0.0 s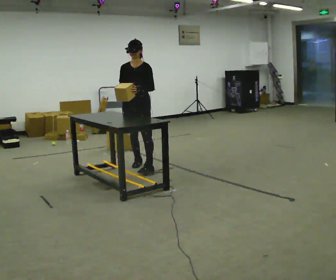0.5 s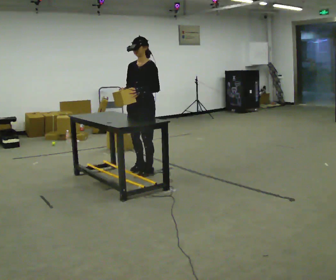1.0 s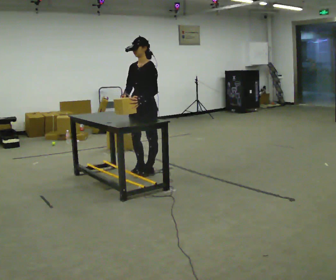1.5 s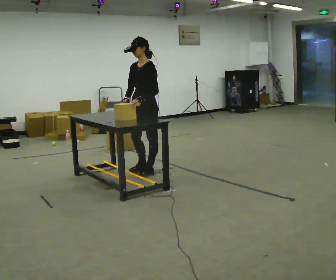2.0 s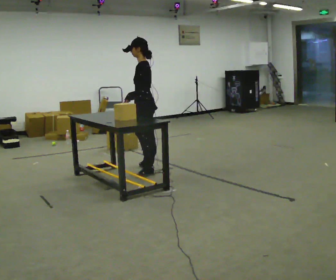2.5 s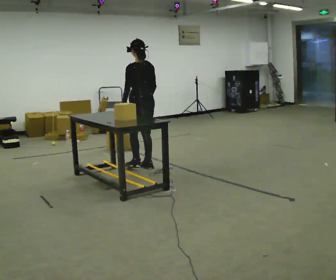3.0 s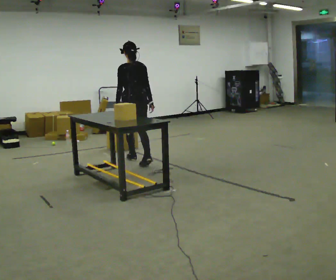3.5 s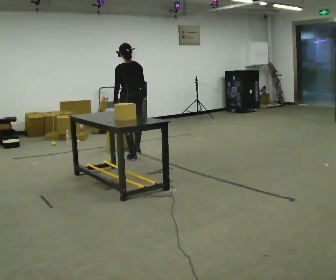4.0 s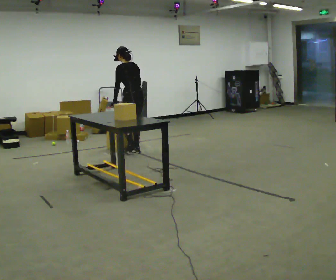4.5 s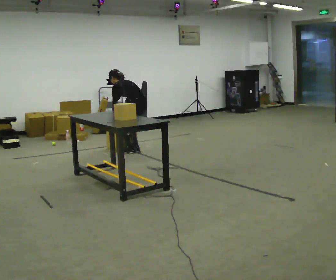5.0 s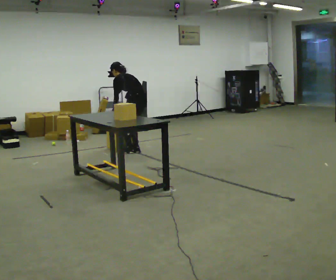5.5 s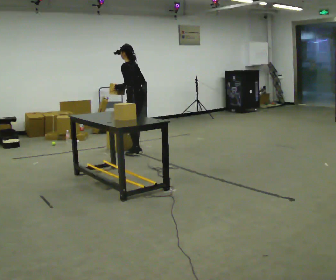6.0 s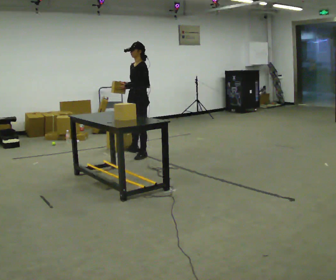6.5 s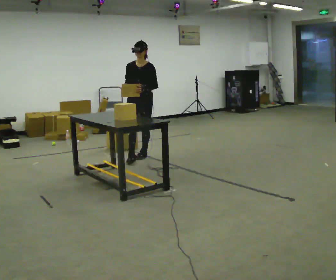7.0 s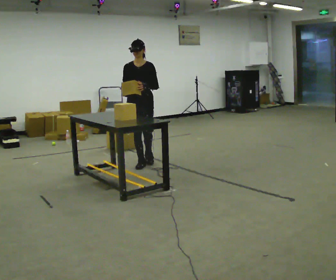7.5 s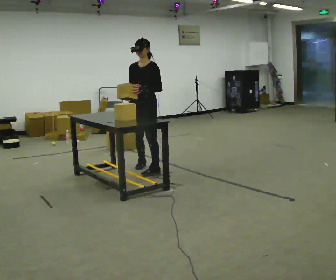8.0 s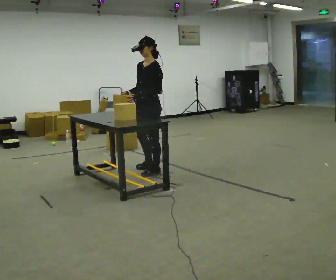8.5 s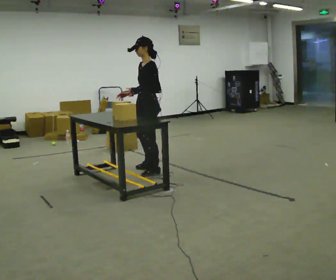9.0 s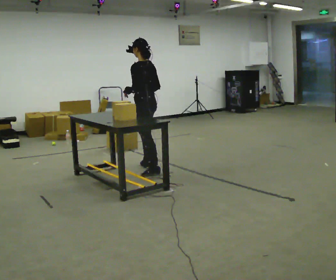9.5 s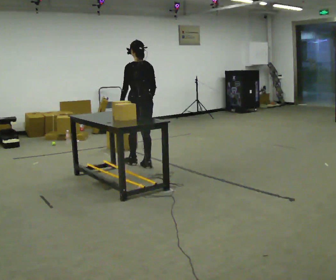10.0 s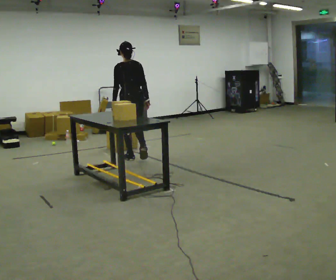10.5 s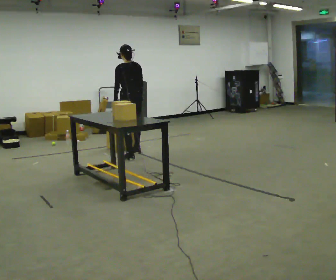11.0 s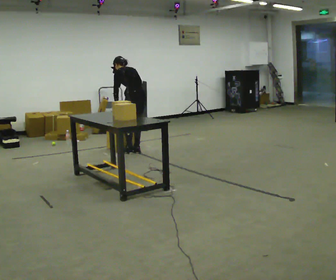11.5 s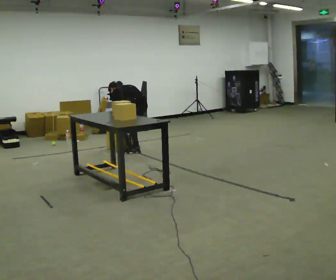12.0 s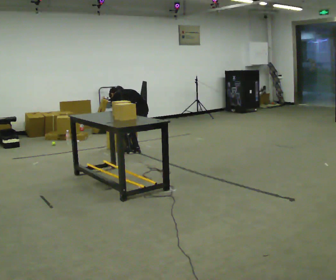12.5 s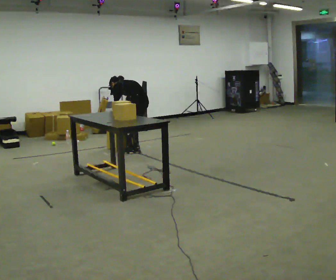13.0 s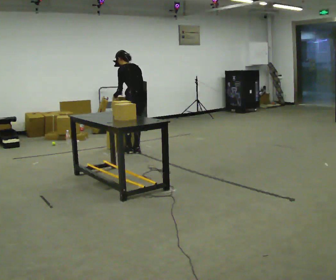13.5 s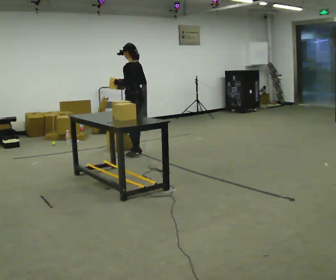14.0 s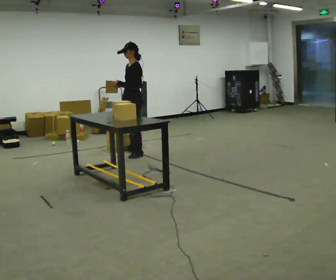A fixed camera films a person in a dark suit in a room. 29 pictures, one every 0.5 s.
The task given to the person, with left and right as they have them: Take objects out of the bin one at a time and lay them out on the table, stepping between the bin and the table each time. Keep going until the operator says stop; one object at a time, and do not rush between trips.
0.0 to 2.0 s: The person turns about 75 degrees to their right, clockwise seen from above, so the part of the body nearest the lens slides to the left. In the picture they go toward the camera, about 0.25 m in 3 steps.
2.0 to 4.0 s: The part of the body nearest the lens slides to the left as the person turns to their right by about 45 degrees. In the picture they go away from the camera, about 1 m in 2 steps.
4.0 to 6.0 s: The part of the body nearest the lens slides to the right as the person turns to their left by about 75 degrees. In the picture they go toward the camera, about 0.25 m in 2 steps.
6.0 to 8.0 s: In the picture they go toward the camera, about 1 m in 3 steps, which for them is forward.
8.0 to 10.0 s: The person turns about 105 degrees to their right, clockwise seen from above, so the part of the body nearest the lens slides to the left. In the picture they go away from the camera, about 0.5 m in 1 step.
10.0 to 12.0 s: In the picture they go away from the camera, about 0.5 m in 2 steps, which for them is forward and to their right. The shoulders move downward. The upper body tips away from the camera, its near side rolling upward, as they bend forward. In the picture their right hand goes downward.
12.0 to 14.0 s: Seen from above the body turns counterclockwise, about 75 degrees: to their left, with its near side sliding to the right. In the picture they go toward the camera, about 0.25 m in 1 step. The upper body goes upward. The upper body tips toward the camera, its near side rolling downward, as they lean back or straighten. In the picture their left hand goes upward.
The film runs forward here.
